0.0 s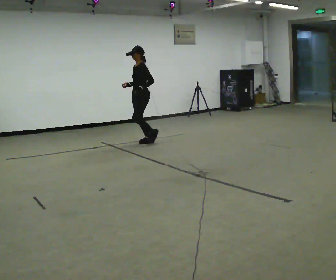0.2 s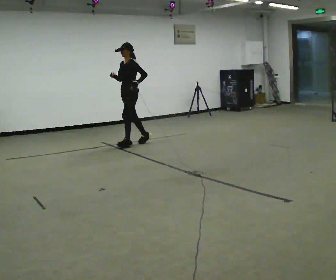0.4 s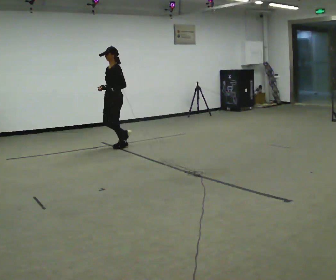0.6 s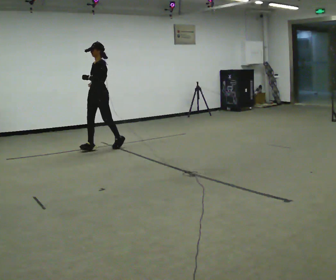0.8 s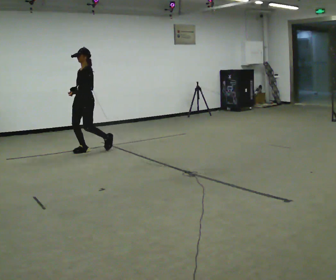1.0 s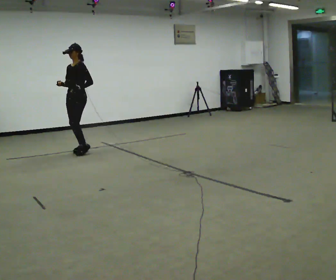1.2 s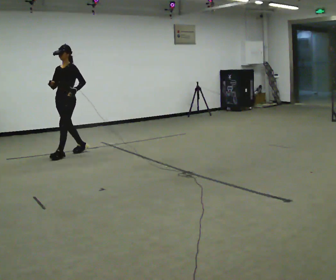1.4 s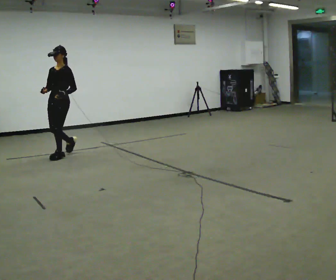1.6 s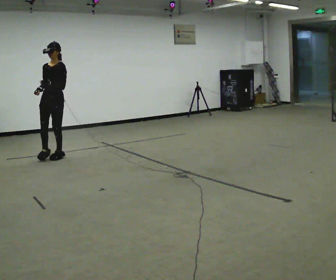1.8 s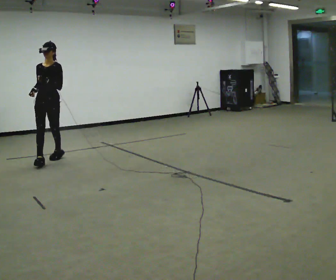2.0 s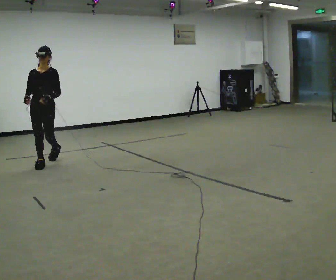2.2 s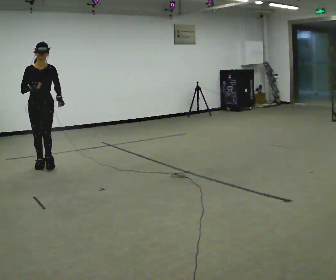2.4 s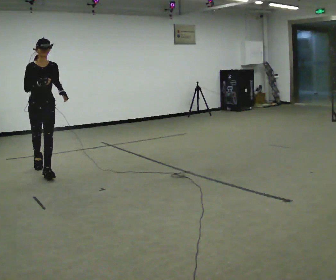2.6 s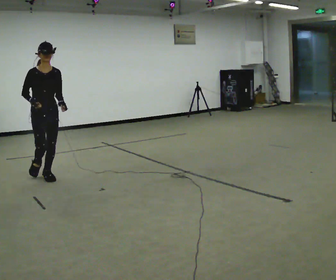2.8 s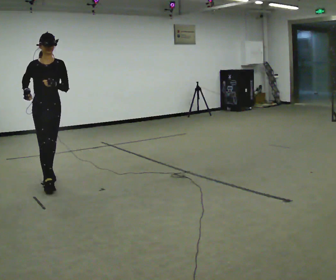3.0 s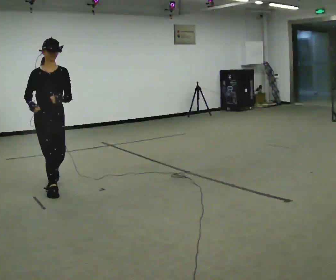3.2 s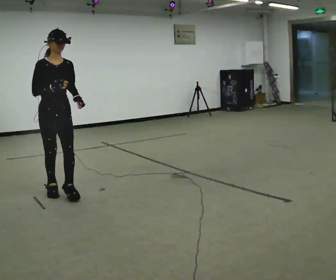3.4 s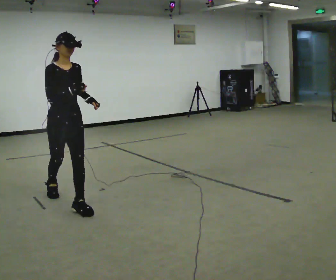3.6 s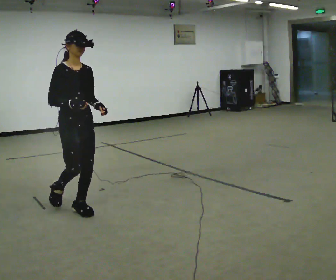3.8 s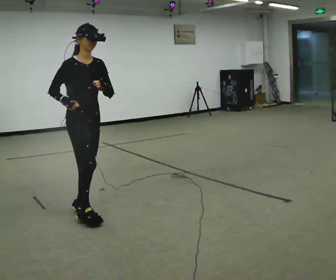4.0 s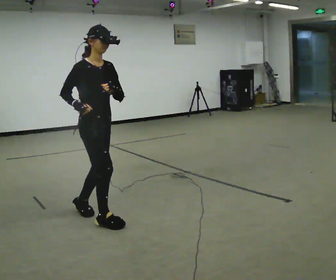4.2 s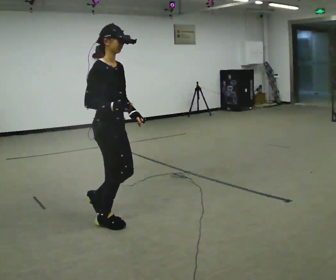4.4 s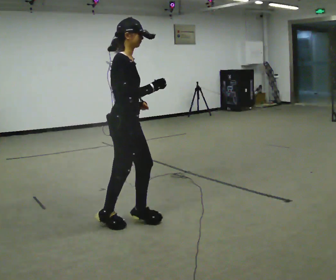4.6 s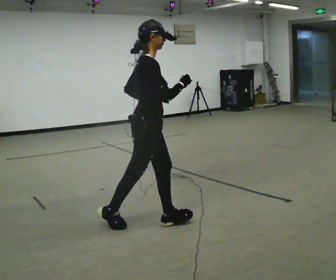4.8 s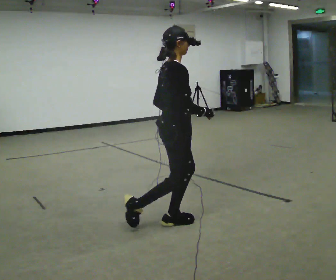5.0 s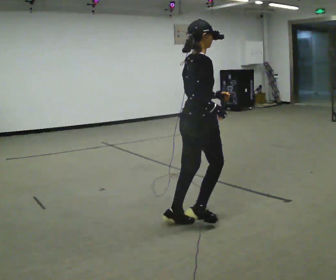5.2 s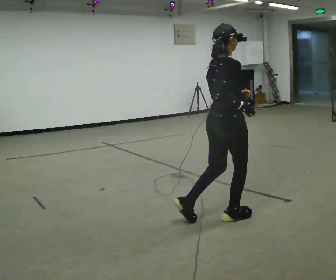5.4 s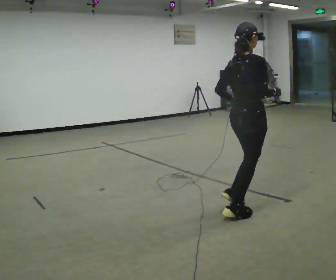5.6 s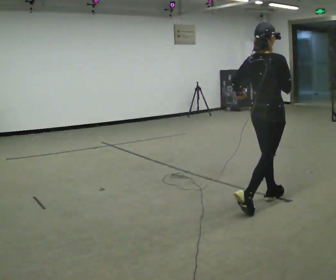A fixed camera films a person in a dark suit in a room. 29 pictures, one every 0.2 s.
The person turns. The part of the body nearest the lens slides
to the right.
The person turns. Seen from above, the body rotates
counterclockwise.
0.0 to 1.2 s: Seen from above the body turns counterclockwise, about 30 degrees: to their left, with its near side sliding to the right. In the picture they go to the left and toward the camera, about 1.5 m in 2 steps, which for them is forward.
1.2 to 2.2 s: The person turns about 60 degrees to their left, counterclockwise seen from above, so the part of the body nearest the lens slides to the right. In the picture they go toward the camera and to the left, about 1 m in 2 steps, which for them is forward.
2.2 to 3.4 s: In the picture they go toward the camera, about 1.5 m in 2 steps, which for them is forward.
3.4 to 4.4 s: The person turns about 45 degrees to their left, counterclockwise seen from above, so the part of the body nearest the lens slides to the right. In the picture they go toward the camera and to the right, about 0.5 m in 2 steps, which for them is forward.
4.4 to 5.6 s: The person turns about 45 degrees to their left, counterclockwise seen from above, so the part of the body nearest the lens slides to the right. In the picture they go to the right, about 1.5 m in 2 steps, which for them is forward.
The film runs forward here.
